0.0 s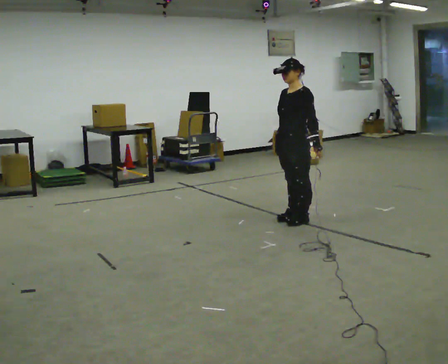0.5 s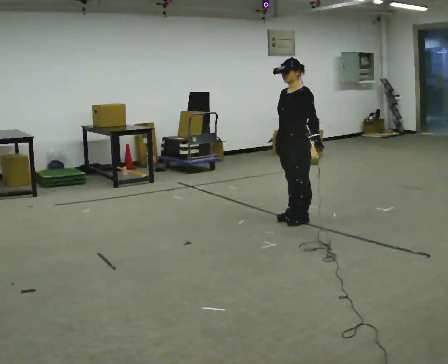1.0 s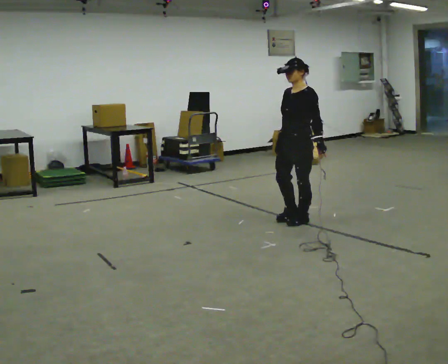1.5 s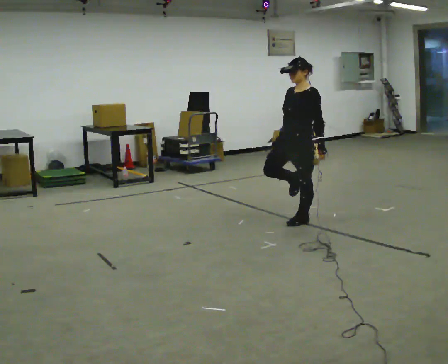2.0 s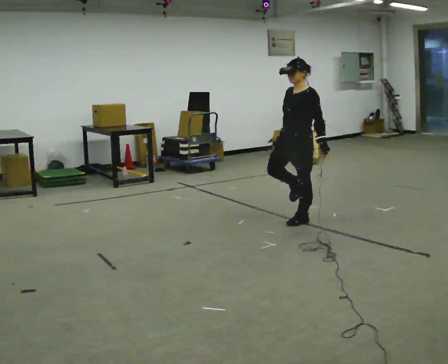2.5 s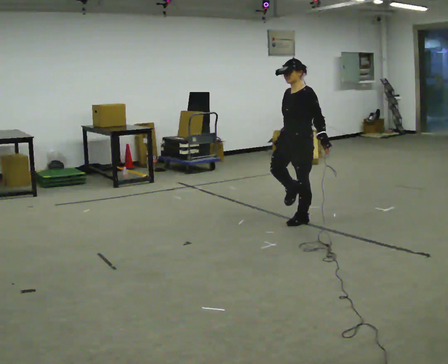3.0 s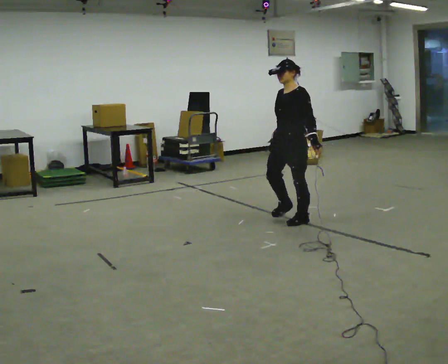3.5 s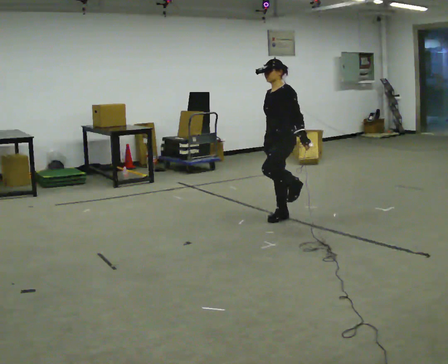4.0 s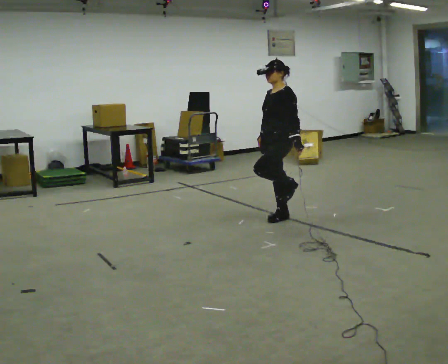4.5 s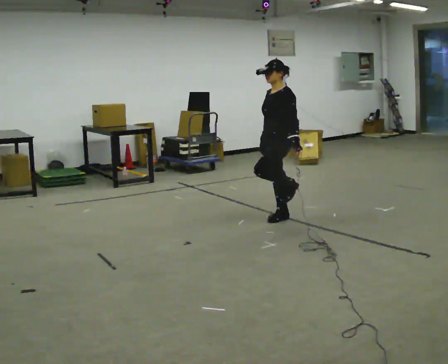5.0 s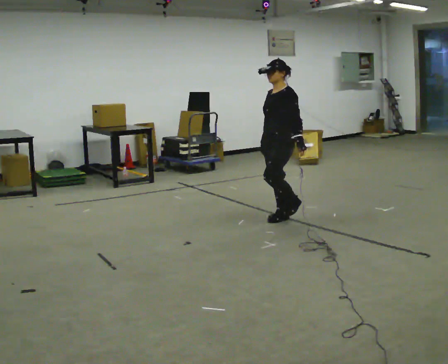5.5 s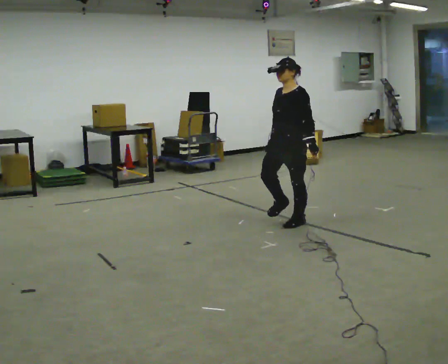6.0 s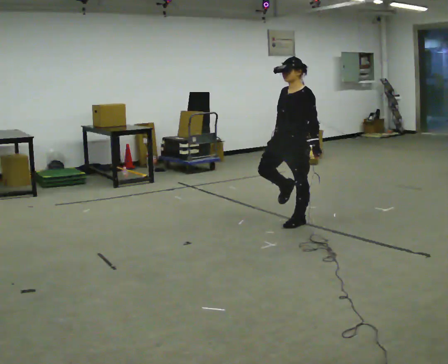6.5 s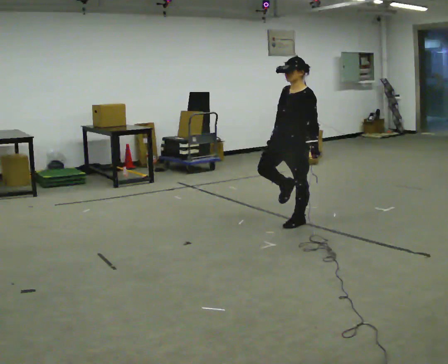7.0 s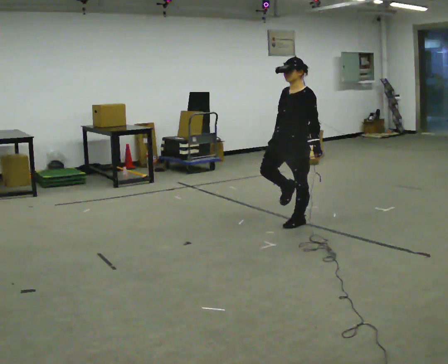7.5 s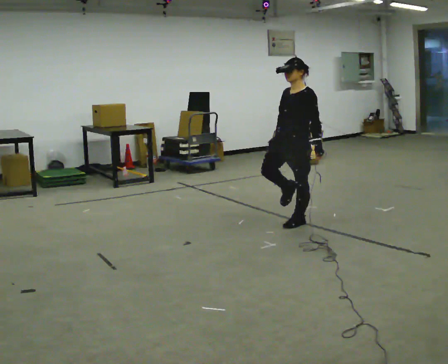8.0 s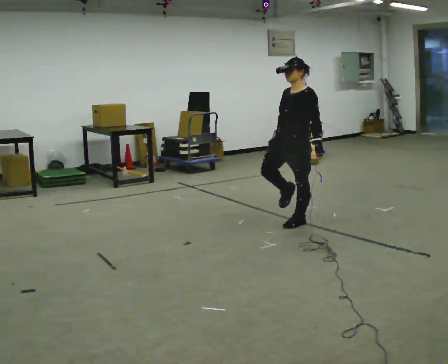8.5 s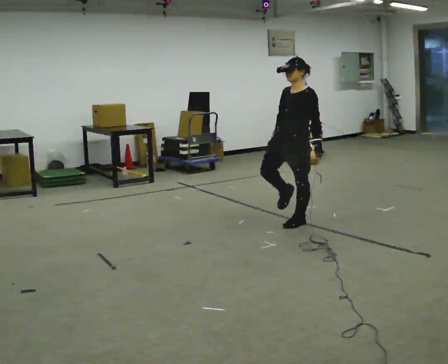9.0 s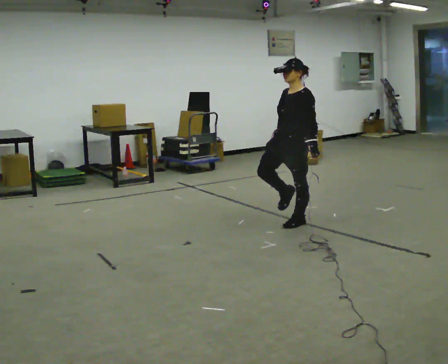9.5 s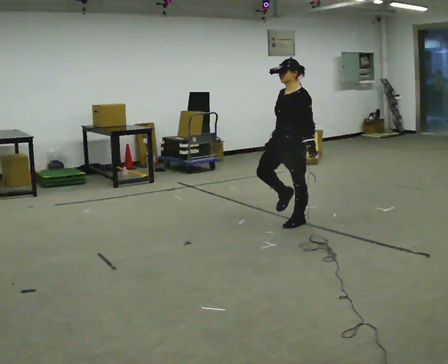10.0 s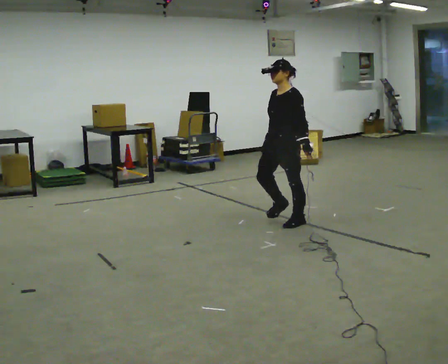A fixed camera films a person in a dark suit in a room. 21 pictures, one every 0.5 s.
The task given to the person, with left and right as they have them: Stand on one foot on the marked spot, on the side the operator calls. Hold it until you genuinely lose your balance, then put the other foot down. Repeat at your own pace until the operator says stop. Go slowly and only as far as you are comfortable. Step whenever you need to; do not try to hold on longer than feels safe.
0.0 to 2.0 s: The person moves a little, or ends about where they began.
2.0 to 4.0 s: In the picture they go to the left, about 0.25 m, which for them is to their right.
4.0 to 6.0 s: In the picture they go toward the camera, about 0.25 m, which for them is to their left.
6.0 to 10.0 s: The person moves a little, or ends about where they began.
The film runs forward here.
